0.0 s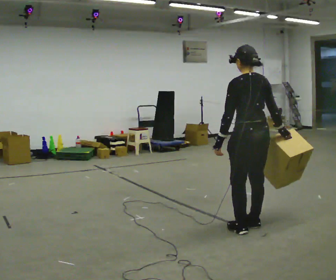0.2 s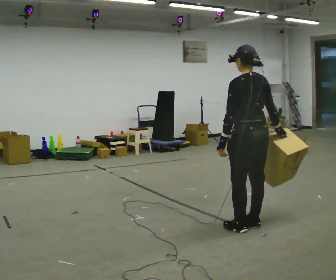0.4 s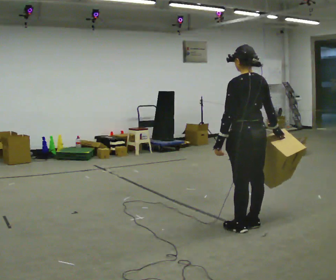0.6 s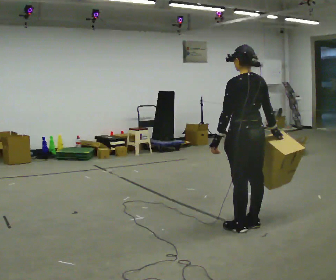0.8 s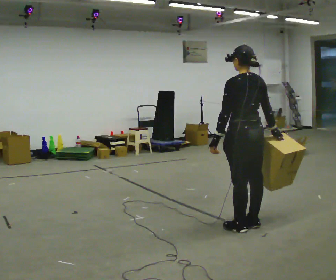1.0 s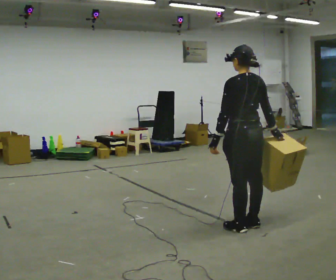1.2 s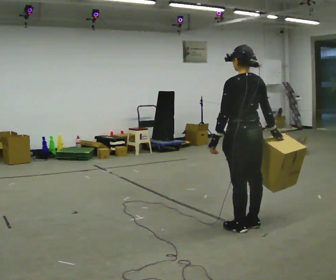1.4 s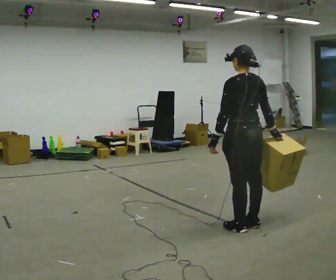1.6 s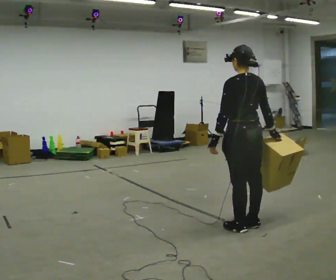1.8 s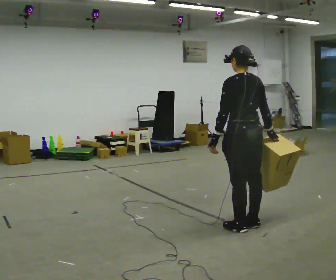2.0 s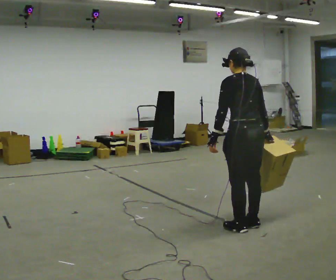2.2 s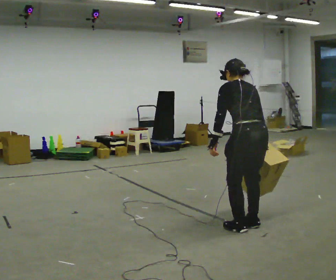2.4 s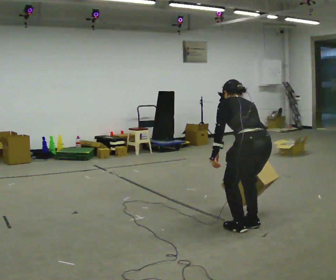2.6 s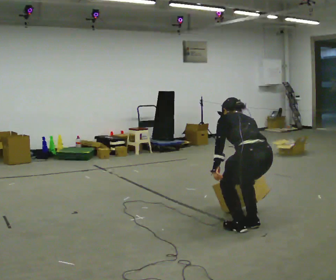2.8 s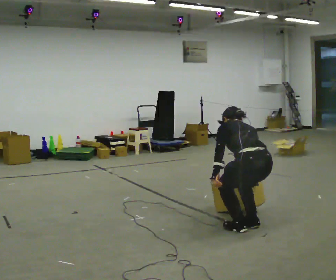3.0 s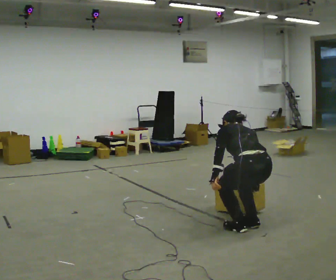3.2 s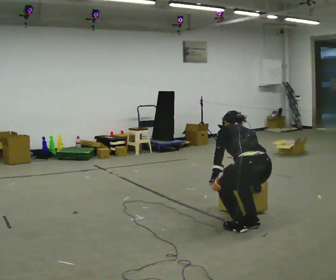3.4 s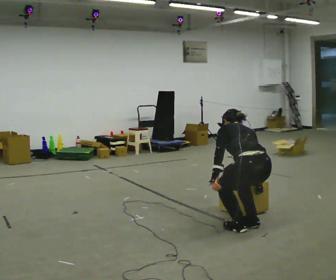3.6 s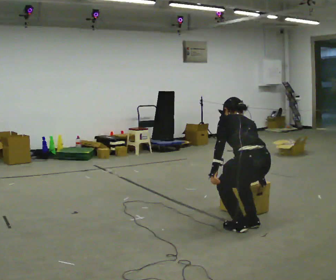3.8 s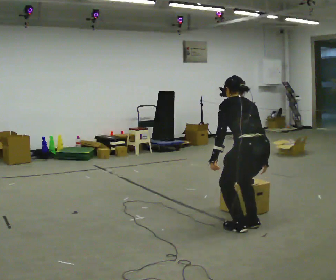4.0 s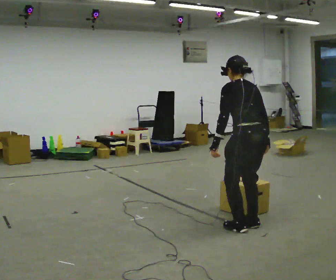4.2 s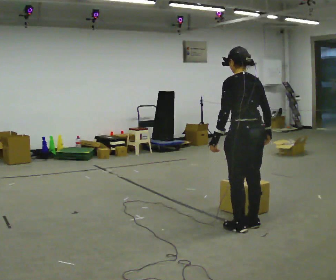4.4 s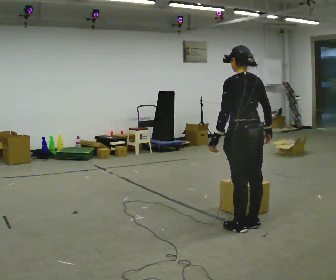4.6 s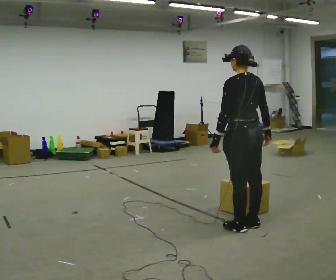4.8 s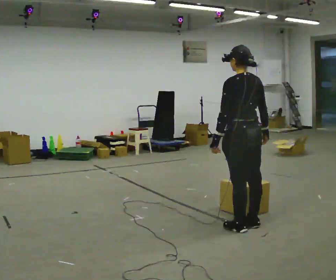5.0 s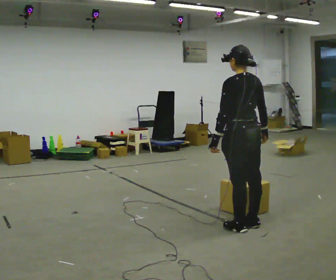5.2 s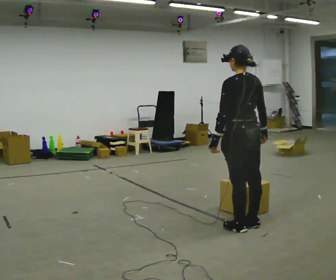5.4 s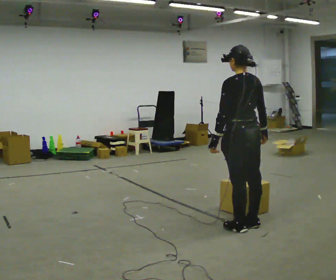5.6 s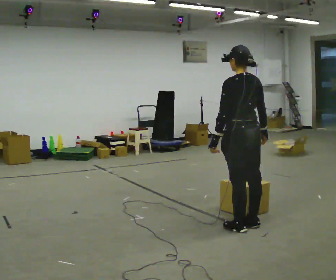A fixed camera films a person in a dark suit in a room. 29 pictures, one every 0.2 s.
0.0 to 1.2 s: The person moves a little, or ends about where they began.
1.2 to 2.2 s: The upper body tips away from the camera, its near side rolling upward, as they bend forward.
2.2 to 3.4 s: The shoulders move downward. The upper body tips away from the camera, its near side rolling upward, as they bend forward.
3.4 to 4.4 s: The upper body goes upward. The upper body tips toward the camera, its near side rolling downward, as they lean back or straighten.
4.4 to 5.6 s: The person moves a little, or ends about where they began.
The film runs forward here.
